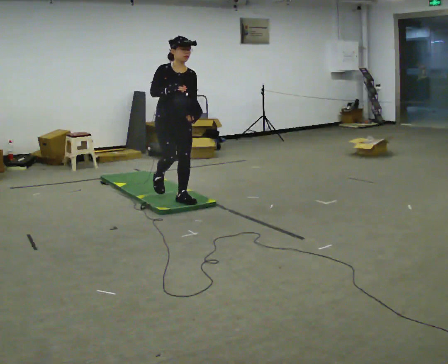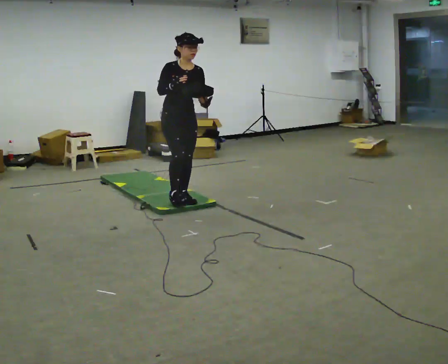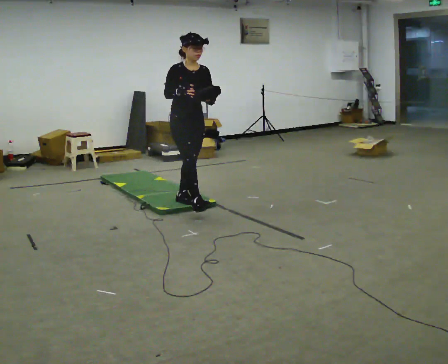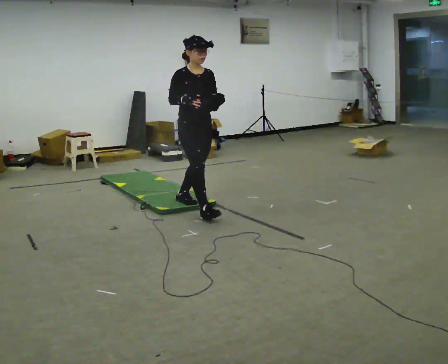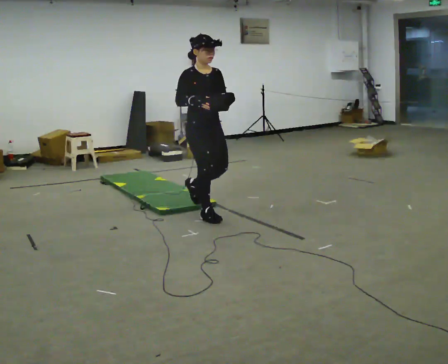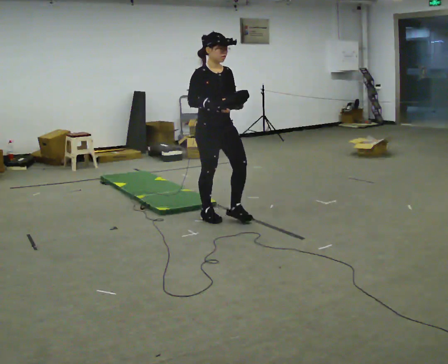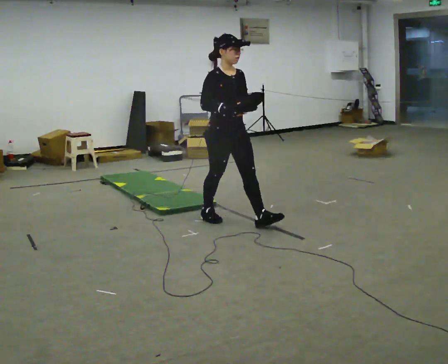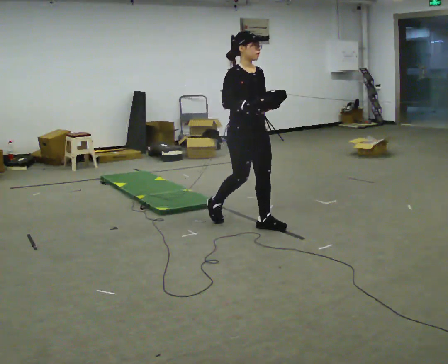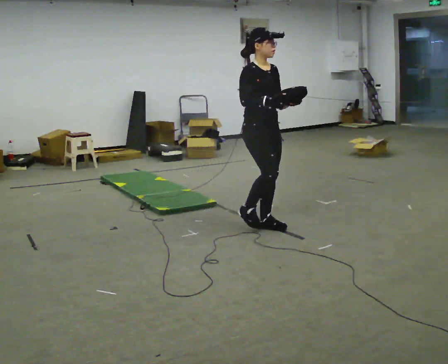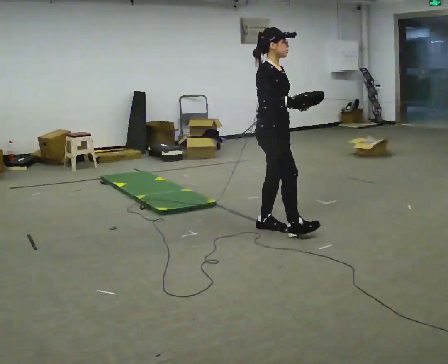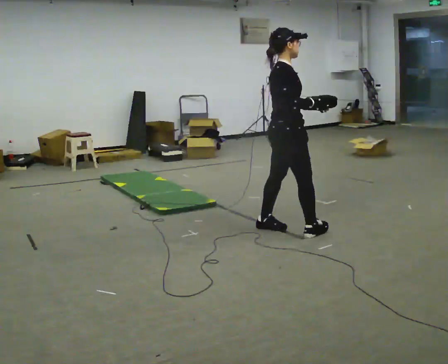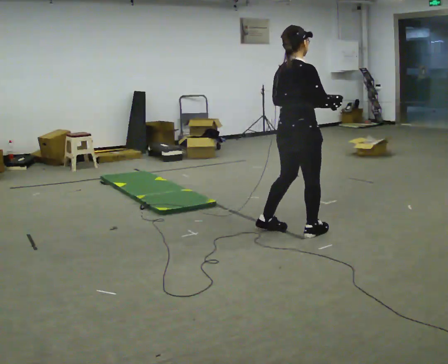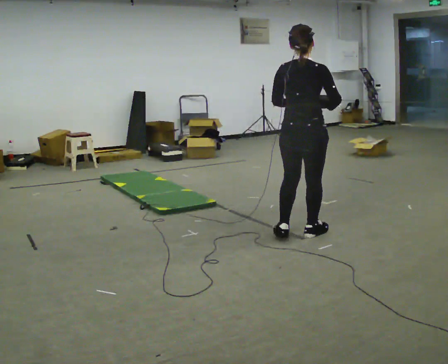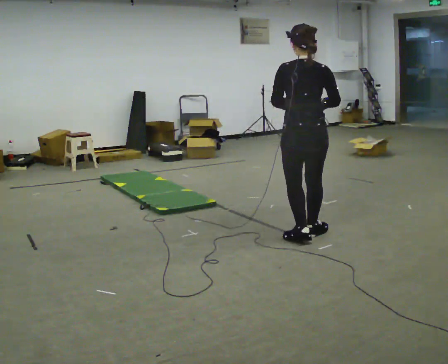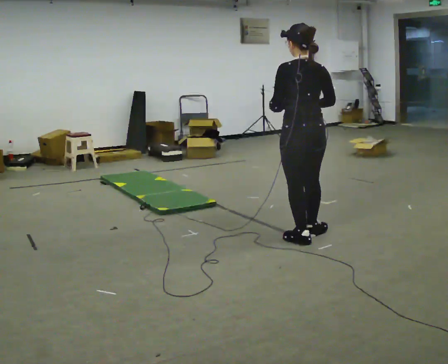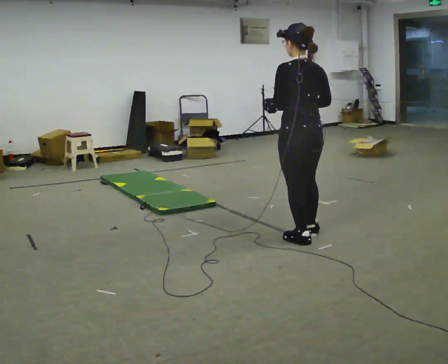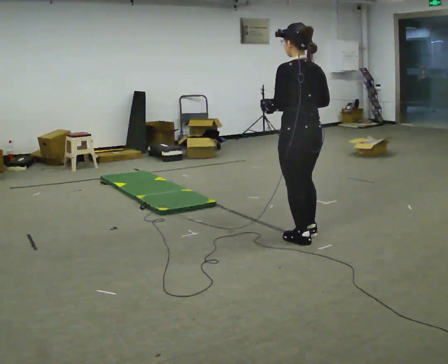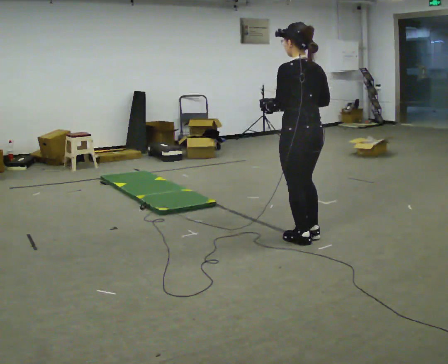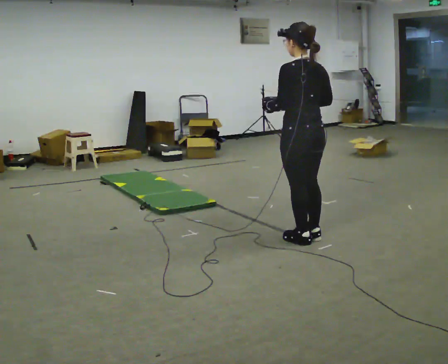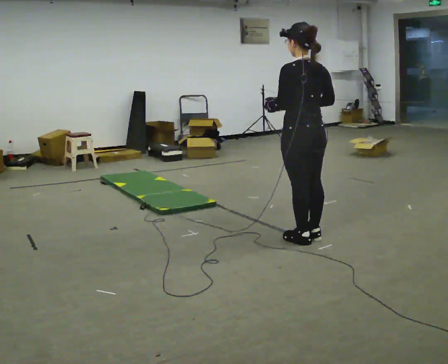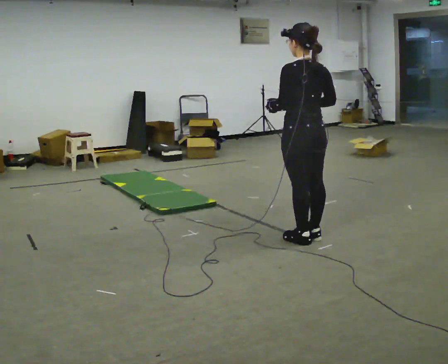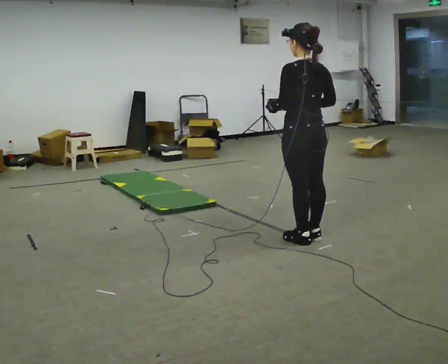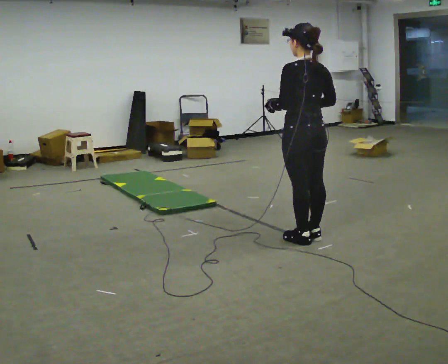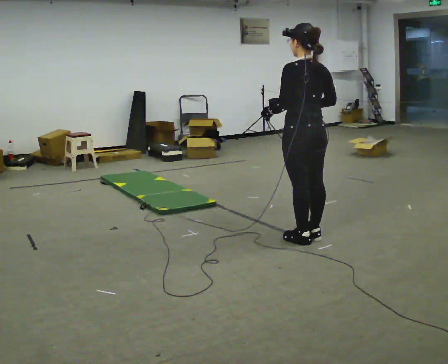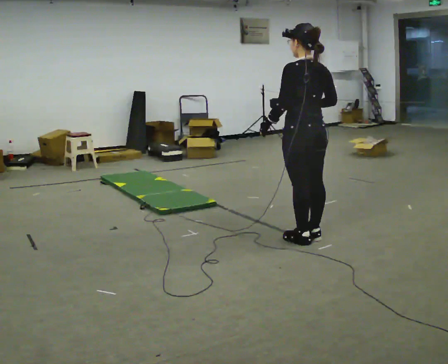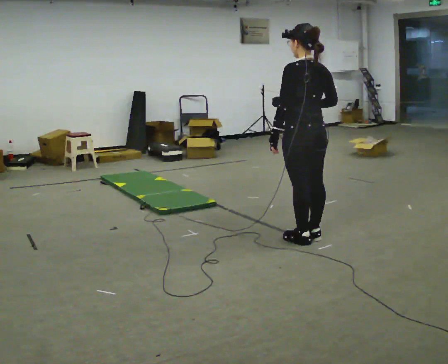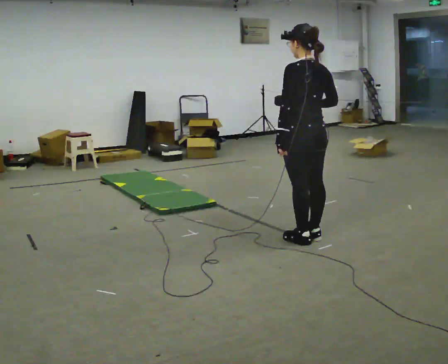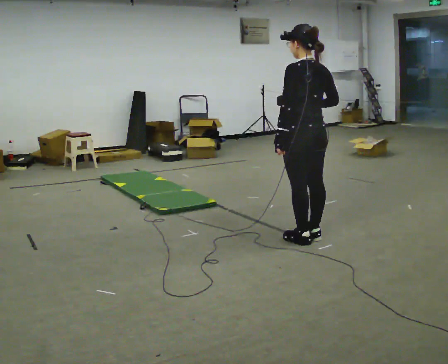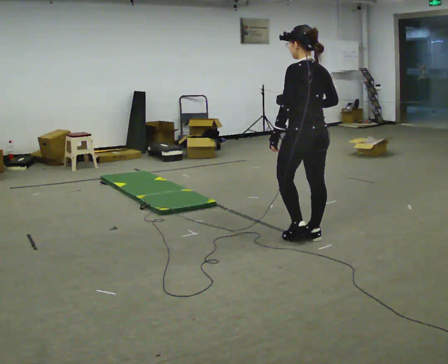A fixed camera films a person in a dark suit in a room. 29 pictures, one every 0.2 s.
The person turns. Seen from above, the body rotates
counterclockwise.
The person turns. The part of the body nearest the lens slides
to the right.
0.0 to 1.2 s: In the picture they go to the right and toward the camera, about 1 m in 1 step, which for them is forward.
1.2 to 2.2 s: Seen from above the body turns counterclockwise, about 90 degrees: to their left, with its near side sliding to the right. In the picture they go to the right and toward the camera, about 0.75 m in 2 steps.
2.2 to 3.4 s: The person turns about 90 degrees to their left, counterclockwise seen from above, so the part of the body nearest the lens slides to the right. In the picture they go toward the camera, about 0.25 m in 1 step.
3.4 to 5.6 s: The person moves a little, or ends about where they began.
The film runs forward here.
